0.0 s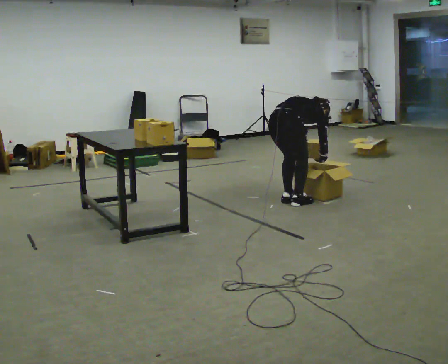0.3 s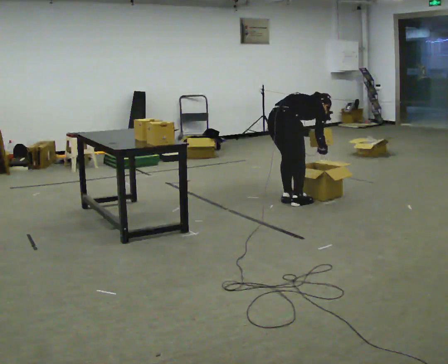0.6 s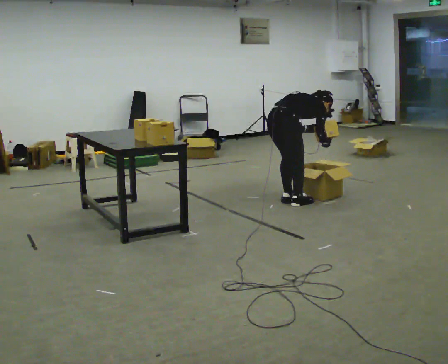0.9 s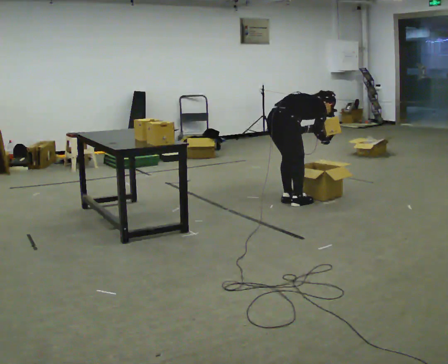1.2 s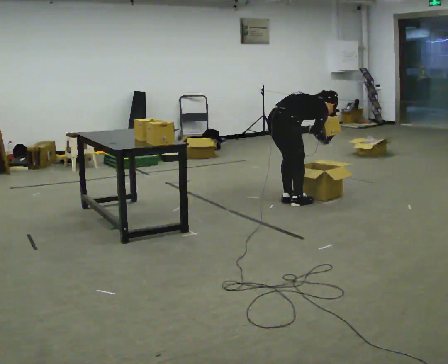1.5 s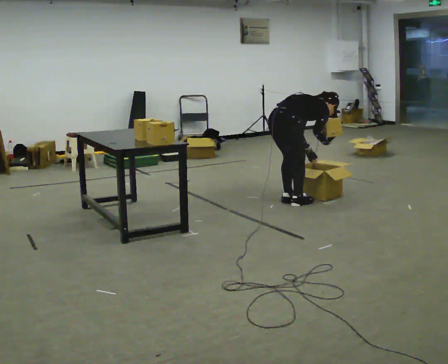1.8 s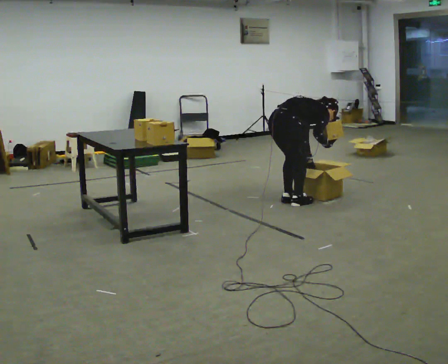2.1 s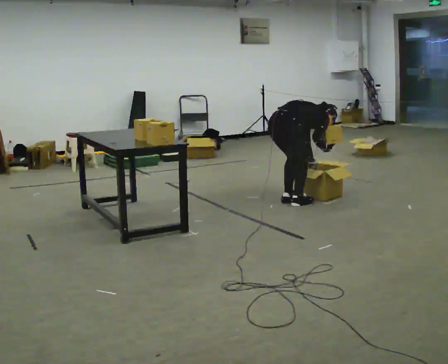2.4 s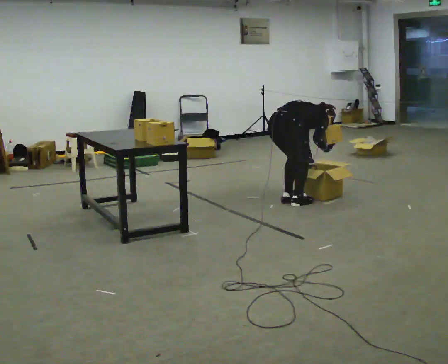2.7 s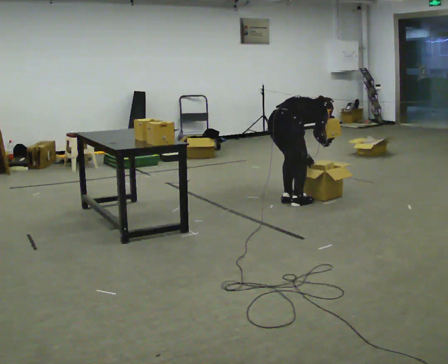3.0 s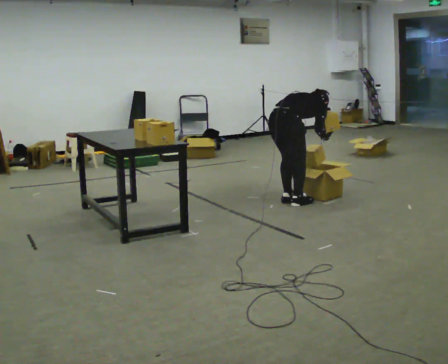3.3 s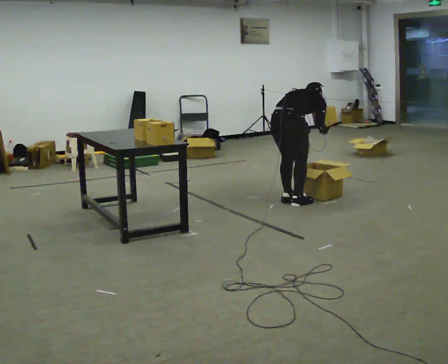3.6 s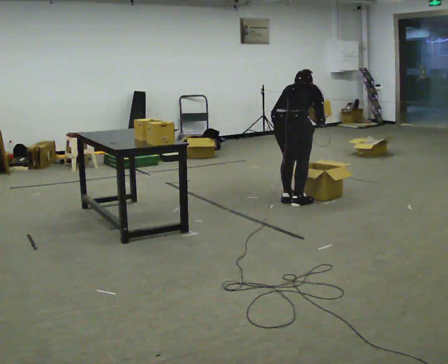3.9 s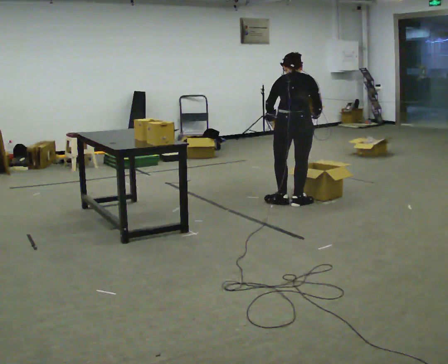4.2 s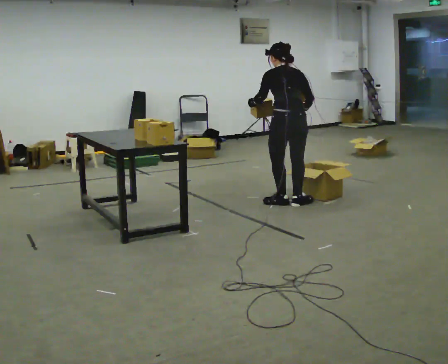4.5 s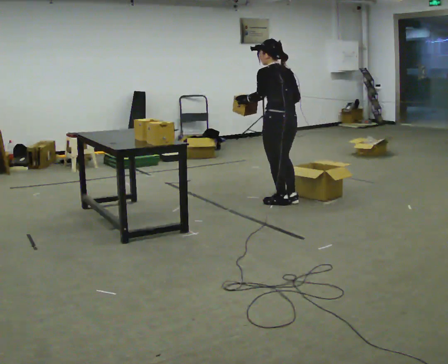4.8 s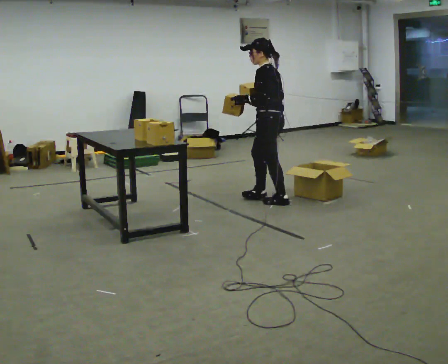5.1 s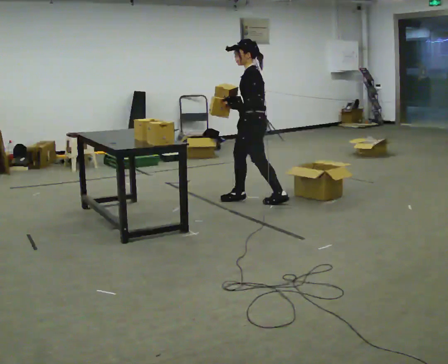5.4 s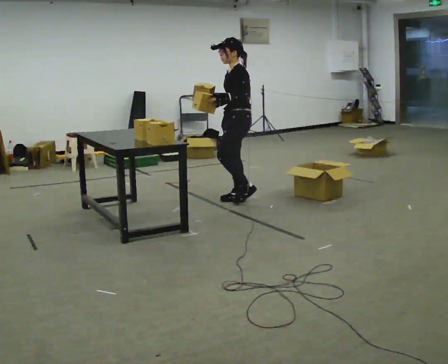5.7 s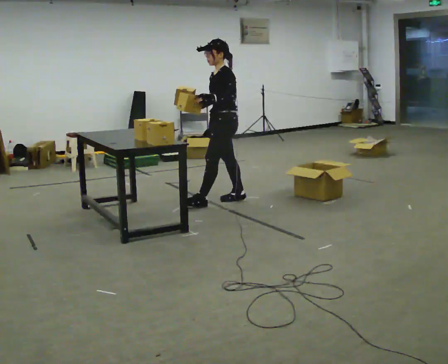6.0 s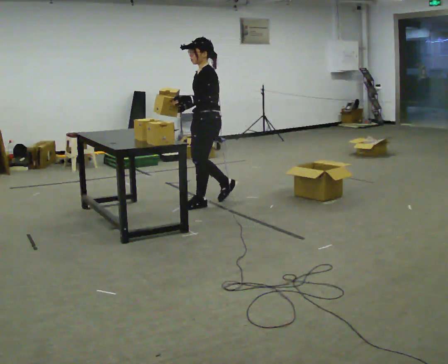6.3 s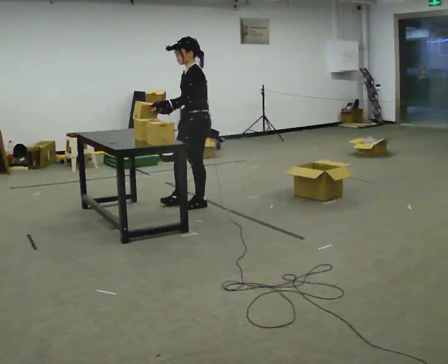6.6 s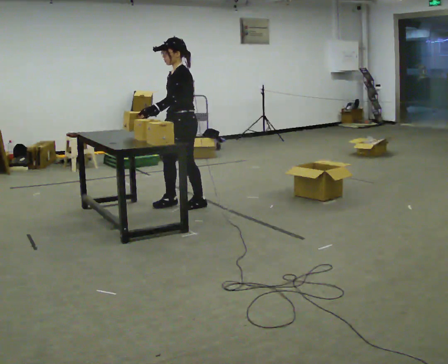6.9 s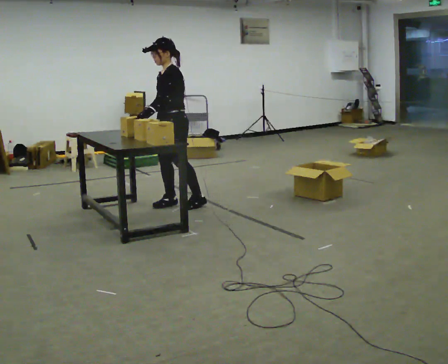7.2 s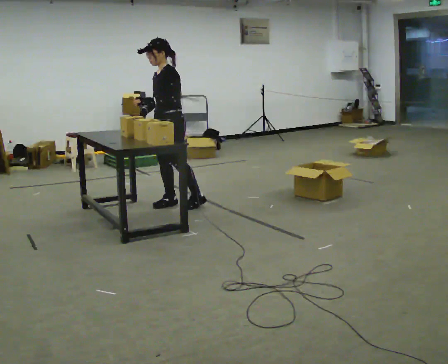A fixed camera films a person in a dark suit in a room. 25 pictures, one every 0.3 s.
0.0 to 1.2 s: The upper body tips toward the camera, its near side rolling downward.
1.2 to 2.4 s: In the picture their left hand goes downward.
2.4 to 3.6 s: Seen from above the body turns counterclockwise, about 30 degrees: to their left, with its near side sliding to the right. The shoulders move upward. In the picture the upper body tilts counterclockwise, shoulders to the left, as they lean back or straighten. In the picture their left hand goes upward and to the left.
3.6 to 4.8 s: The person turns about 105 degrees to their left, counterclockwise seen from above, so the part of the body nearest the lens slides to the right. In the picture they go to the left and away from the camera, about 0.25 m. The shoulders move upward. The upper body tips toward the camera, its near side rolling downward, as they lean back or straighten.
4.8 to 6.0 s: The person turns about 30 degrees to their left, counterclockwise seen from above, so the part of the body nearest the lens slides to the right. In the picture they go to the left, about 0.5 m in 2 steps, which for them is forward.
6.0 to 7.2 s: In the picture they go to the left, about 0.25 m in 1 step, which for them is forward and to their right.
The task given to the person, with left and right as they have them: Carry the object across the room, open the lid of the container, put the object inside, and close the lid again. Then go back for the next one. Keep going until the operator says stop; one object at a time, and do not rush between trips.
The film runs forward here.
